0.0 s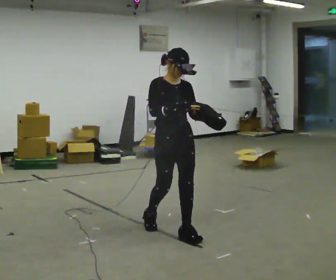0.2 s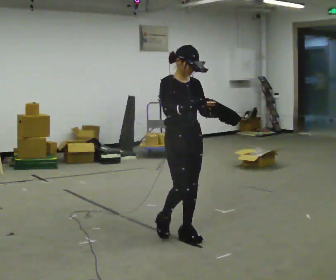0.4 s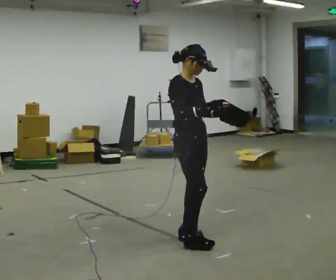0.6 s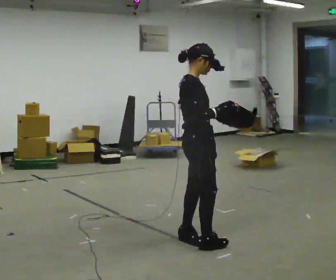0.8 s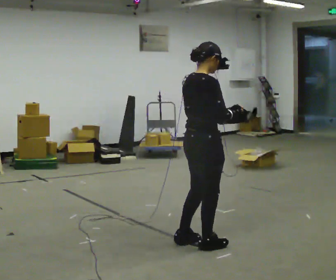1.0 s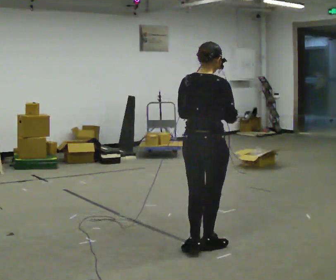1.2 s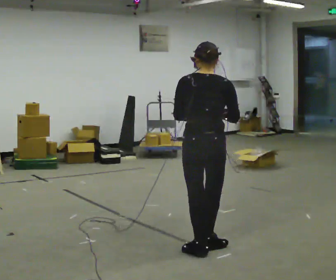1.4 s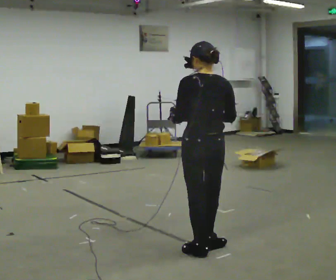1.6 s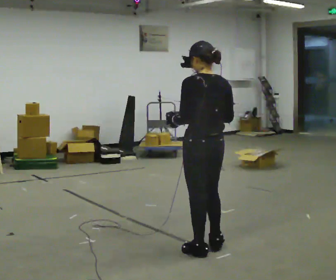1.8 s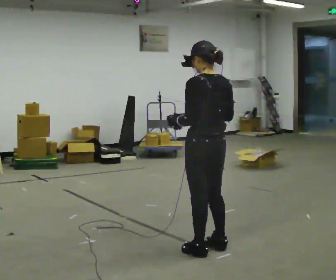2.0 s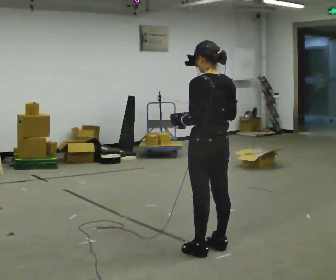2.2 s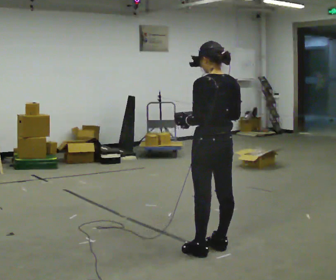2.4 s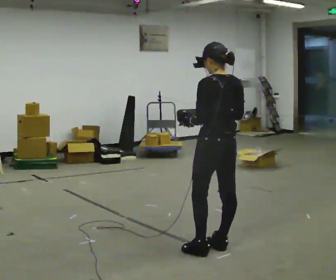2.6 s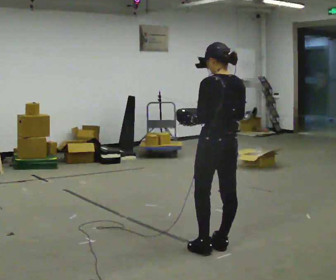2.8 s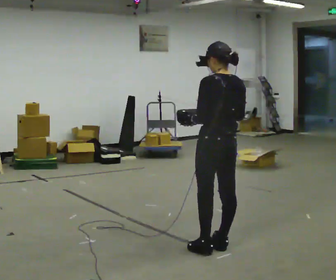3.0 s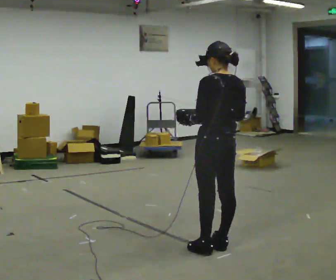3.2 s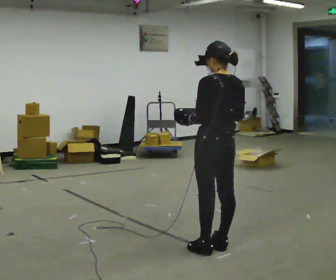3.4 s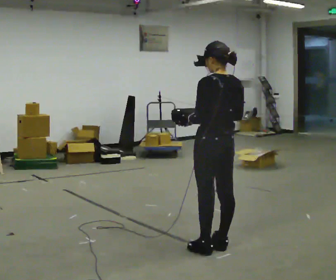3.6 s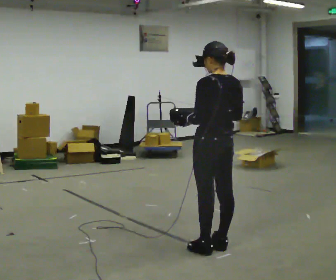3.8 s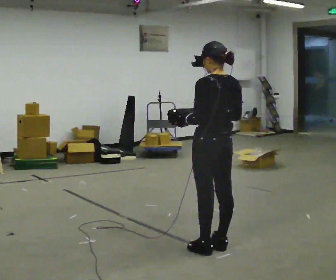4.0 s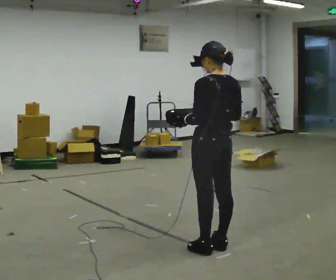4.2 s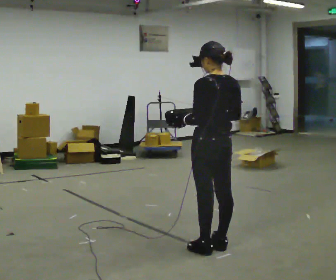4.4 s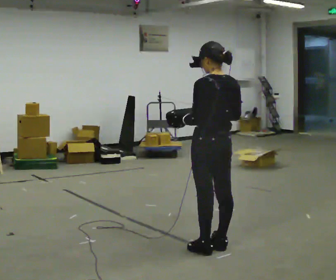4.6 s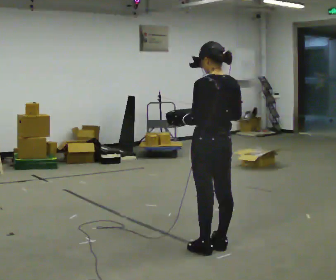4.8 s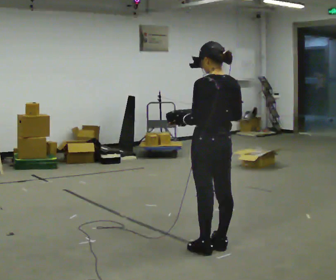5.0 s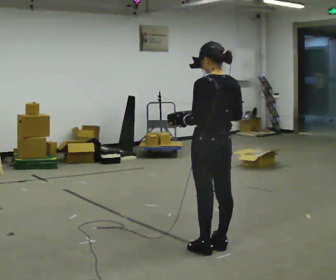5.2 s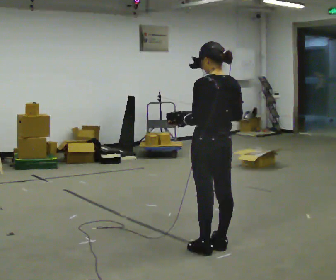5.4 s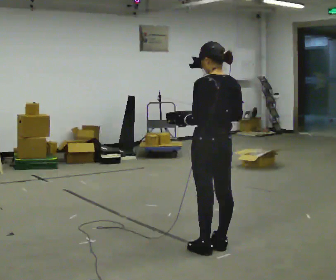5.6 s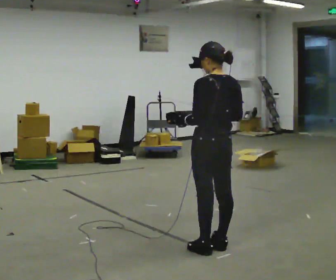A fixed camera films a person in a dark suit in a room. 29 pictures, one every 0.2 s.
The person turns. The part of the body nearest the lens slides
to the right.
The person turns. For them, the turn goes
to their left.
0.0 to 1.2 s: Seen from above the body turns counterclockwise, about 150 degrees: to their left, with its near side sliding to the right. In the picture they go toward the camera and to the right, about 0.5 m in 2 steps.
1.2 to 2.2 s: The person turns about 30 degrees to their left, counterclockwise seen from above, so the part of the body nearest the lens slides to the right.
2.2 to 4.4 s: The person moves a little, or ends about where they began.
4.4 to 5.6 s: The person keeps their place and pose.
The film runs forward here.
